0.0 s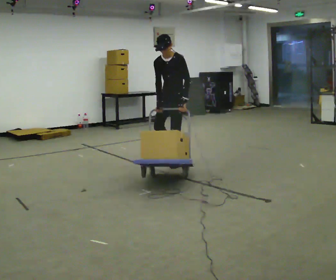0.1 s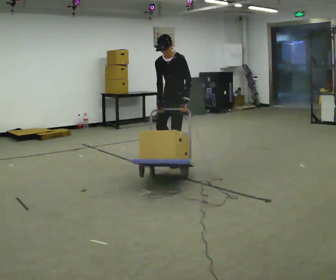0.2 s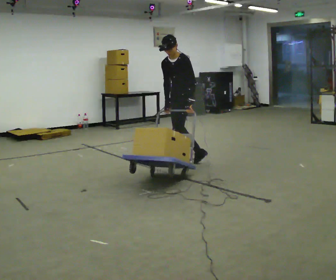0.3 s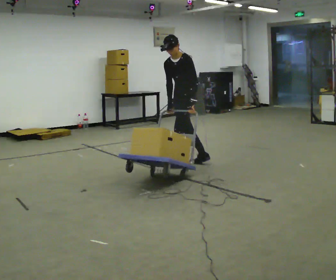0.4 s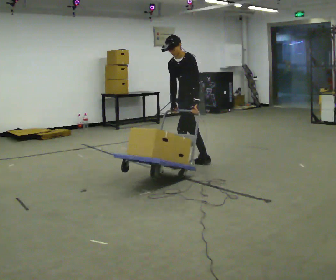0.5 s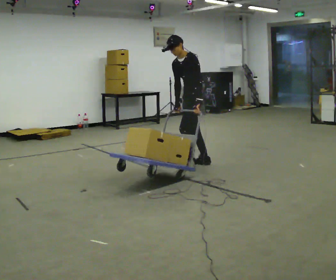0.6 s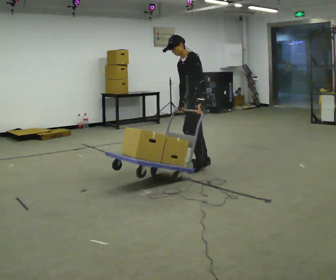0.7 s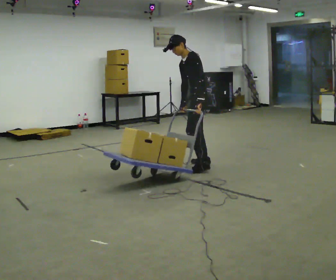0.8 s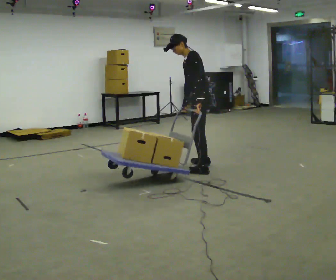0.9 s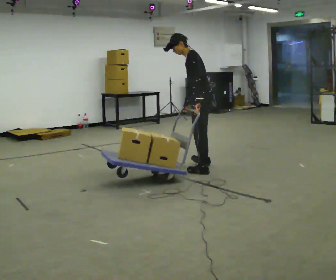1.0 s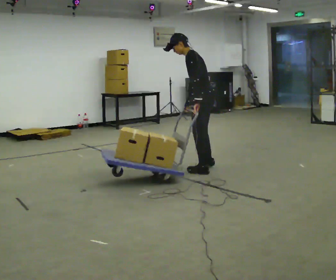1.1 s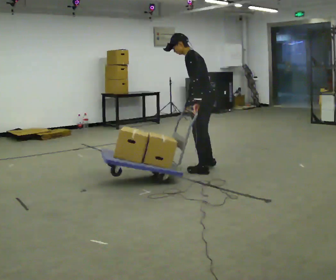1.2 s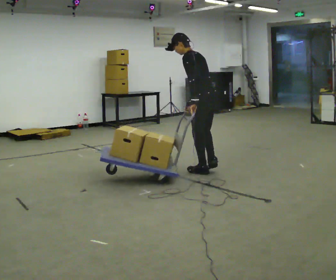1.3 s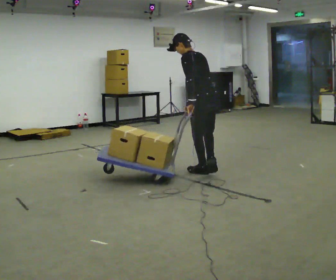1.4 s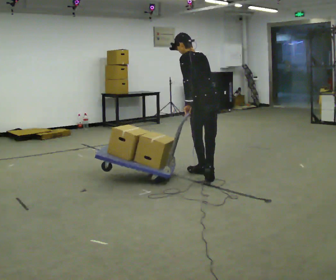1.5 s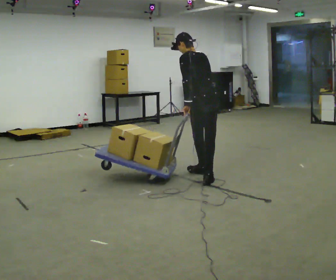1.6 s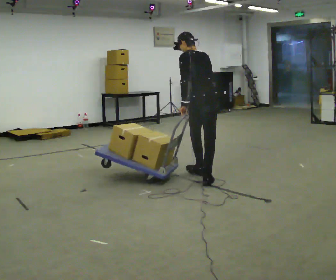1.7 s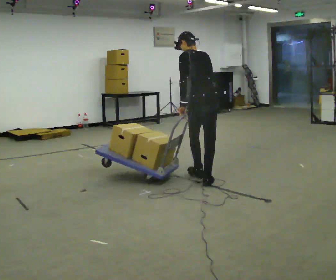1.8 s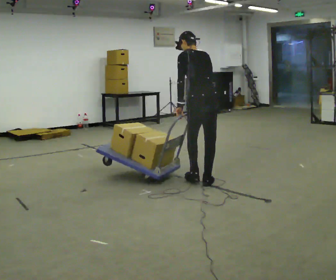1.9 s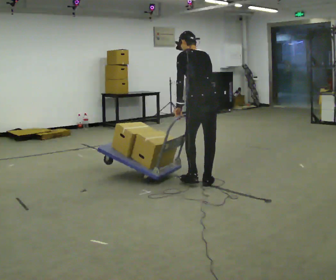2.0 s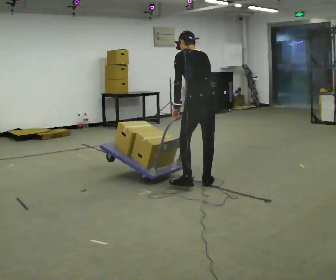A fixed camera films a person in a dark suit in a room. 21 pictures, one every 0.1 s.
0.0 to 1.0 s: The part of the body nearest the lens slides to the left as the person turns to their right by about 75 degrees. In the picture they go toward the camera and to the right, about 0.5 m in 2 steps. The upper body tips away from the camera, its near side rolling upward.
1.0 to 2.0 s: Seen from above the body turns clockwise, about 45 degrees: to their right, with its near side sliding to the left. In the picture they go toward the camera, about 0.5 m in 1 step, which for them is backward and to their left.
The film runs backward here.
